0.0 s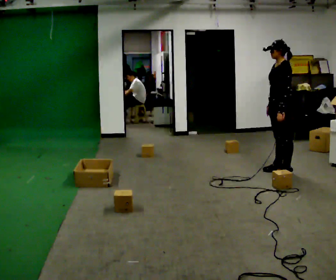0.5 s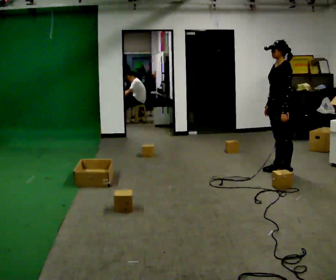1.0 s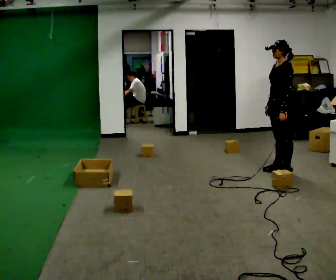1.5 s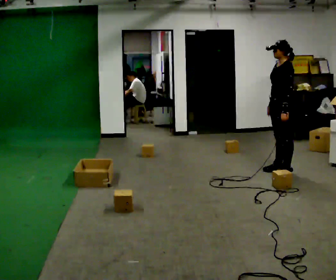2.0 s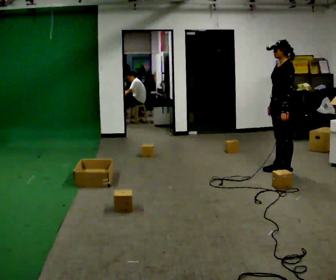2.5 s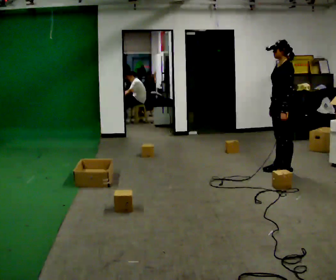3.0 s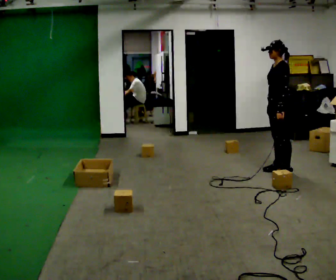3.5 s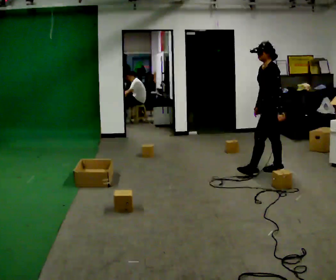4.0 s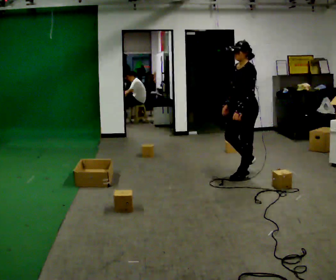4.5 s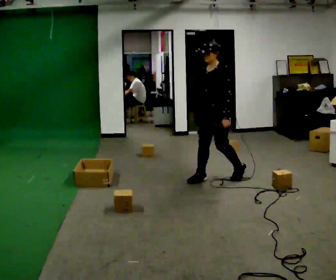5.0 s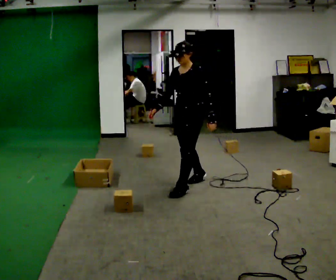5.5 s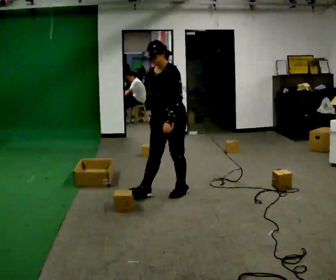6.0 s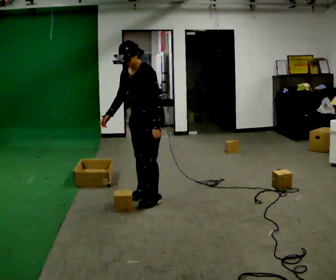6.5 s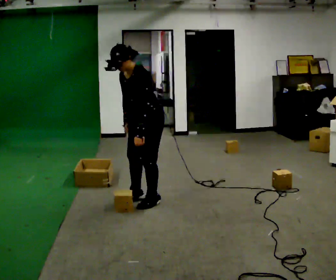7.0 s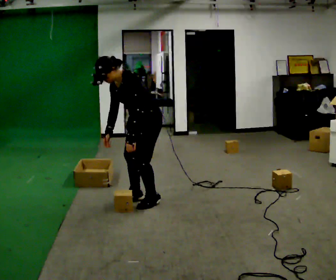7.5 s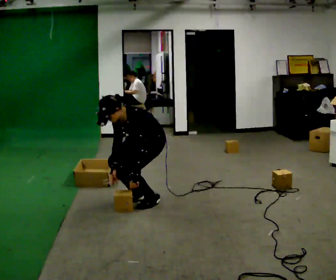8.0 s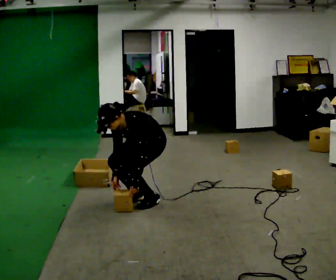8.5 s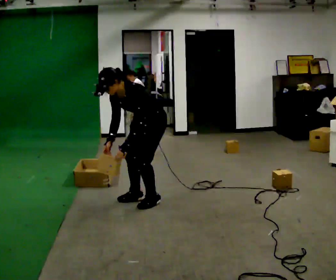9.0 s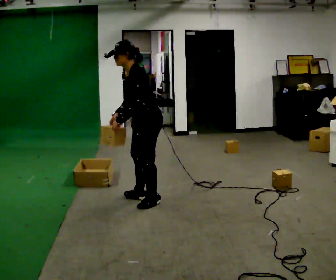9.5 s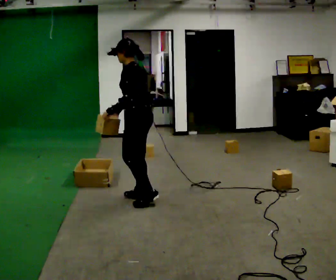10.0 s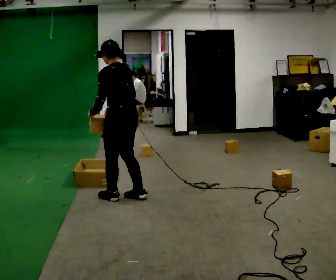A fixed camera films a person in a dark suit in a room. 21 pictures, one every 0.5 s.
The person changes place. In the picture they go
to the left.
0.0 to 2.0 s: The person moves a little, or ends about where they began.
2.0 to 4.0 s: In the picture they go to the left, about 0.5 m in 1 step, which for them is forward.
4.0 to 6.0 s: The person turns about 30 degrees to their left, counterclockwise seen from above, so the part of the body nearest the lens slides to the right. In the picture they go to the left and toward the camera, about 1 m in 3 steps, which for them is forward.
6.0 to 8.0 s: The shoulders move downward. The upper body tips toward the camera, its near side rolling downward, as they bend forward. In the picture their right hand goes downward.
8.0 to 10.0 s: Seen from above the body turns clockwise, about 75 degrees: to their right, with its near side sliding to the left. In the picture they go to the left, about 0.25 m in 1 step. The upper body goes upward. The upper body tips away from the camera, its near side rolling upward, as they lean back or straighten. In the picture their left hand goes upward.
The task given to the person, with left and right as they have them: Take the objects from the bin one at a time and put one in each of the places the operator points out. Keep going until the operator says stop; one object at a time, and do not rush between trips.
The film runs forward here.
